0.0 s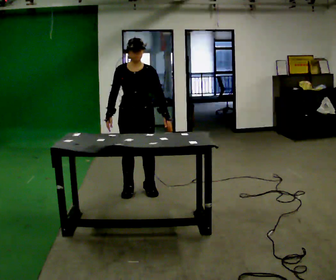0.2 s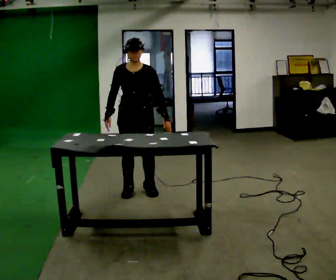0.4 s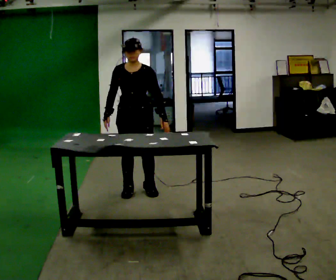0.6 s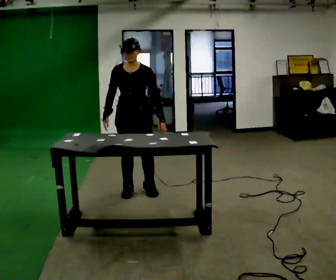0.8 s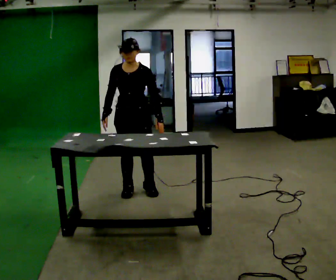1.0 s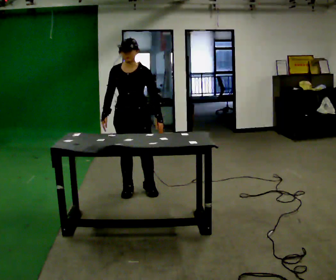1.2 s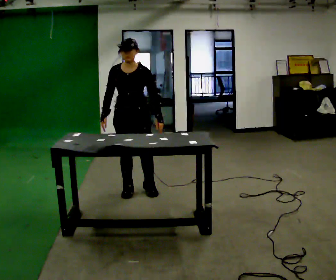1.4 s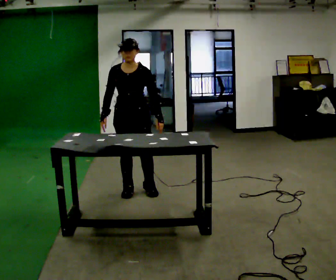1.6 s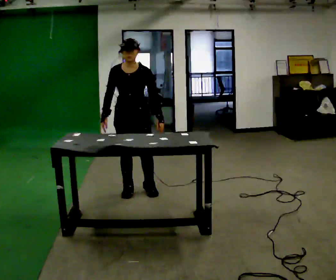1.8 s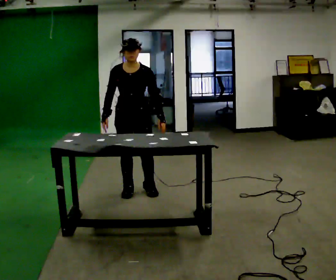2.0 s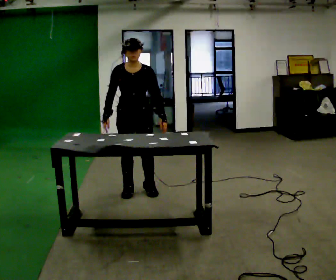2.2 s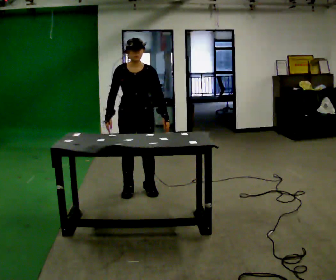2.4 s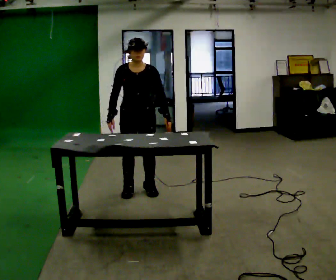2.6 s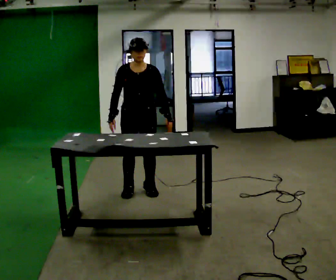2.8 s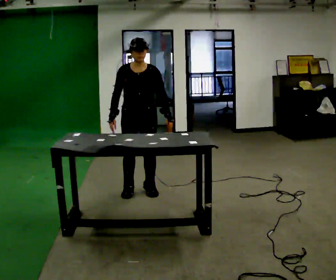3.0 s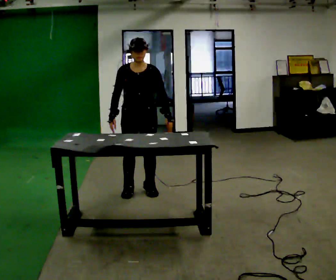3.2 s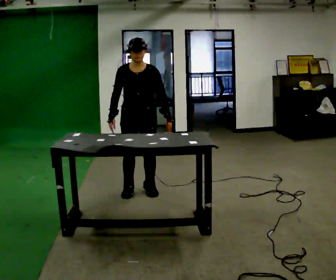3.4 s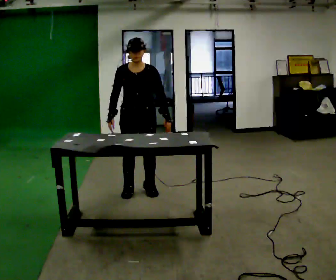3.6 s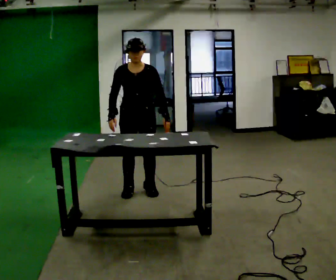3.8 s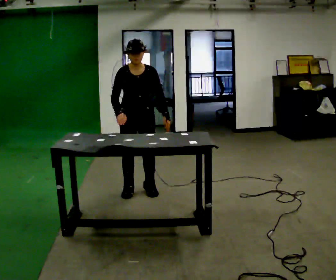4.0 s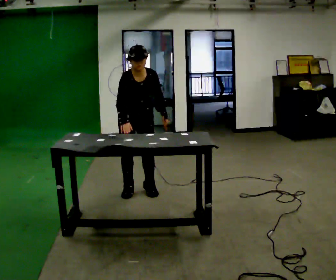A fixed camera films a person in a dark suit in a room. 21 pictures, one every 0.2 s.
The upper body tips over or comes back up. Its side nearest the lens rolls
downward.
0.0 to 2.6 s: The person moves a little, or ends about where they began.
2.6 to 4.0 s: The upper body tips toward the camera, its near side rolling downward, as they bend forward.
The film runs forward here.
